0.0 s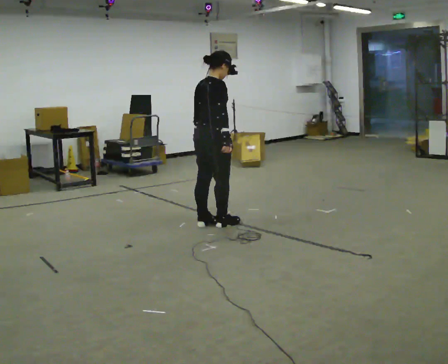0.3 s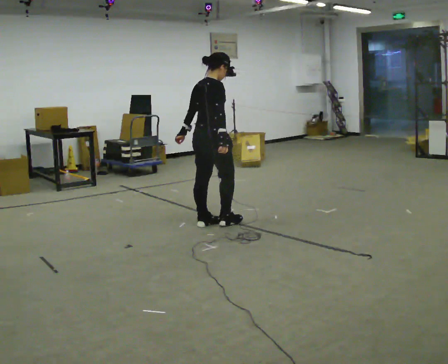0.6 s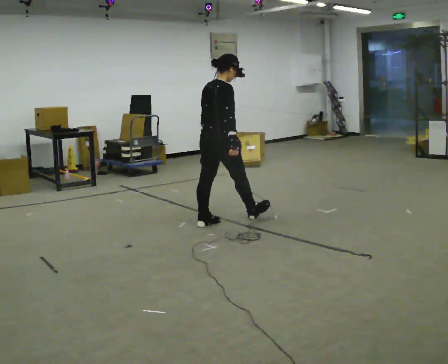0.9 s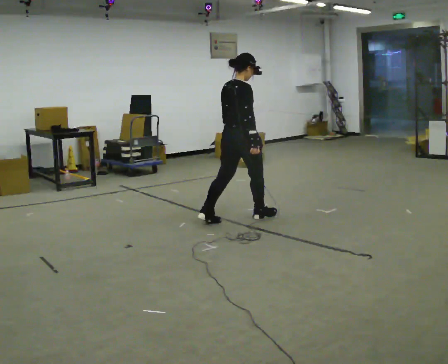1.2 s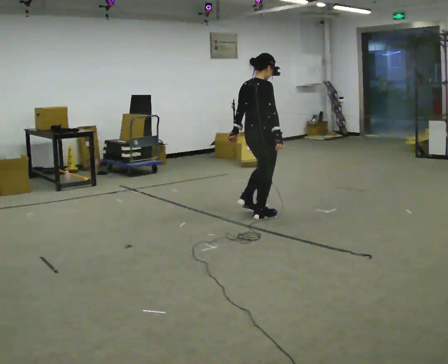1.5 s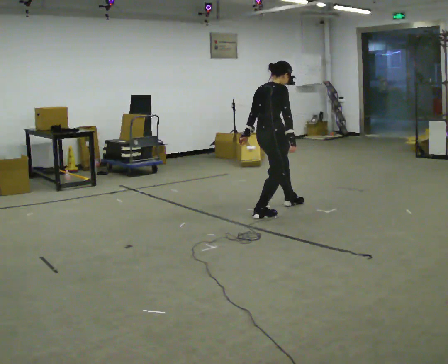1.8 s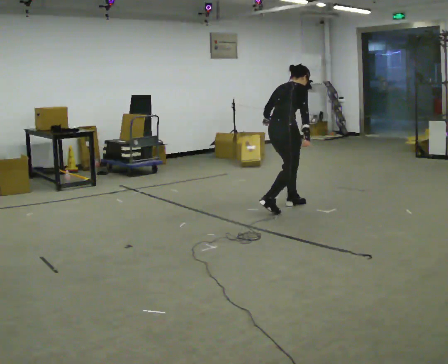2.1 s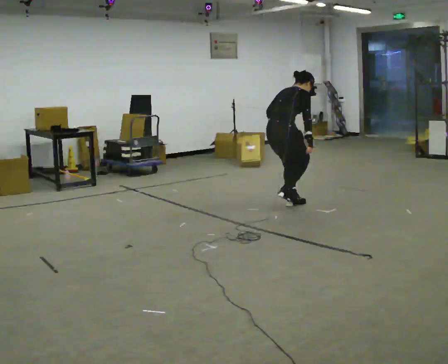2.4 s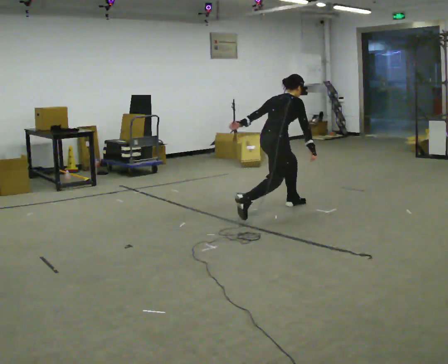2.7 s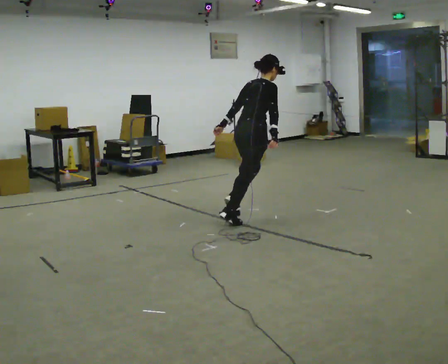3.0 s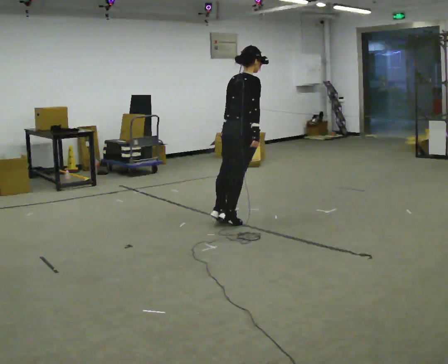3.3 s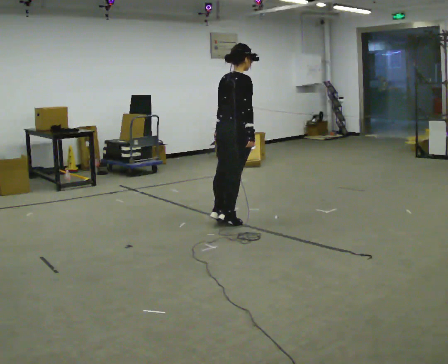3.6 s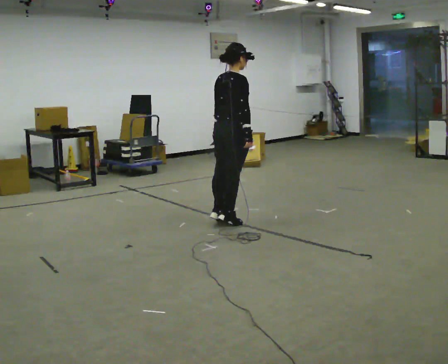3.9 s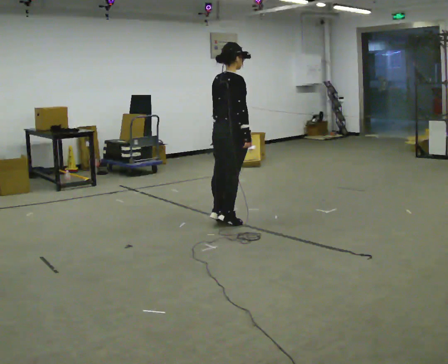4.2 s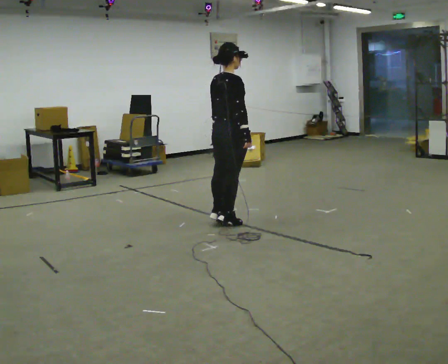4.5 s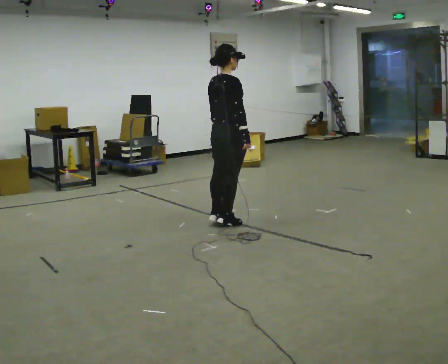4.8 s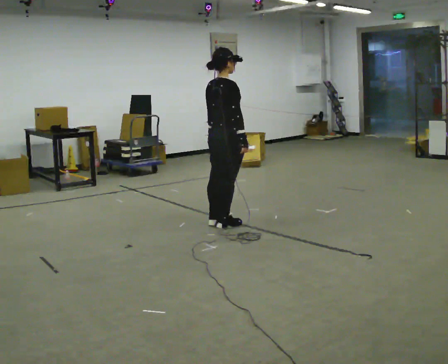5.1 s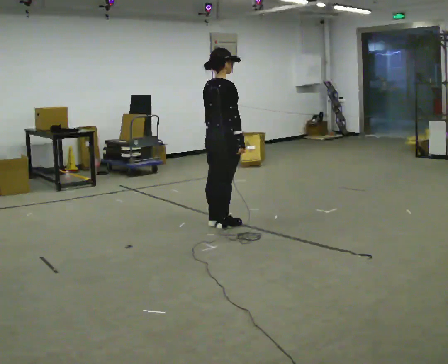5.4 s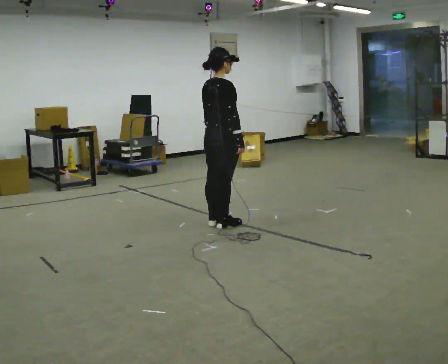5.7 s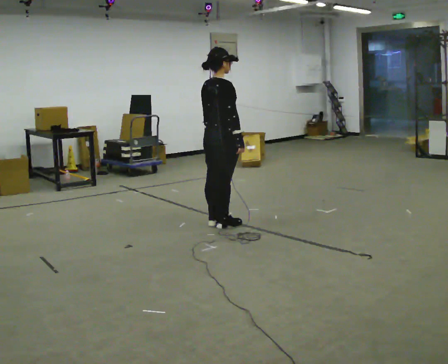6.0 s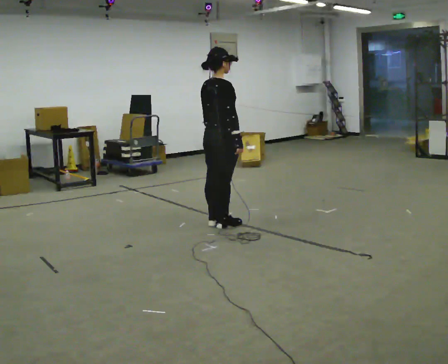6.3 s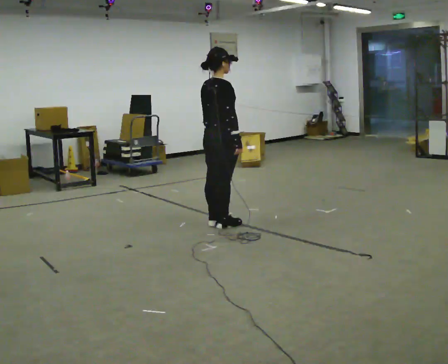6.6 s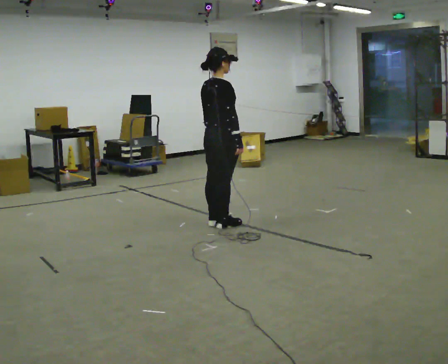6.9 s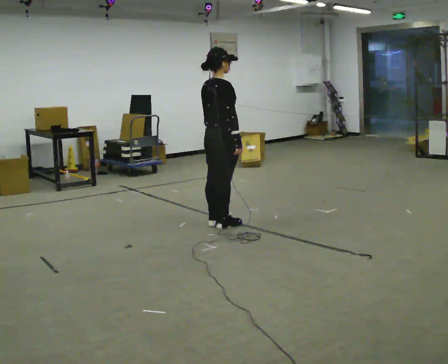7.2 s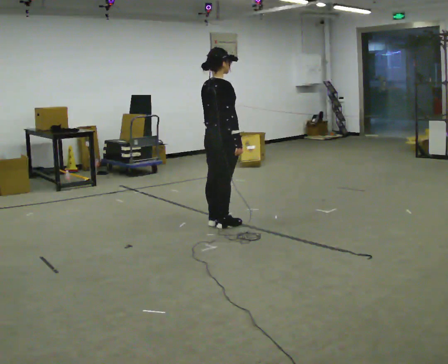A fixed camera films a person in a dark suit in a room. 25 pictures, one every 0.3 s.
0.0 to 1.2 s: In the picture they go to the right and away from the camera, about 0.5 m in 2 steps, which for them is forward.
1.2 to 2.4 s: In the picture they go away from the camera and to the right, about 0.25 m in 1 step, which for them is forward and to their left. The shoulders move downward. In the picture the upper body tilts clockwise, shoulders to the right, as they bend forward.
2.4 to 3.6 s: In the picture they go toward the camera and to the left, about 0.5 m in 1 step, which for them is backward. The upper body goes upward. In the picture the upper body tilts counterclockwise, shoulders to the left, as they lean back or straighten.
3.6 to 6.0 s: The person moves a little, or ends about where they began.
6.0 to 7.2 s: The person keeps their place and pose.
The film runs backward here.
